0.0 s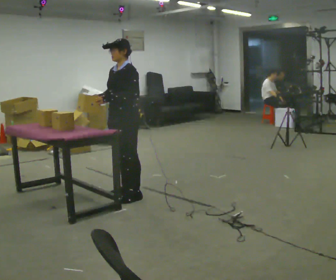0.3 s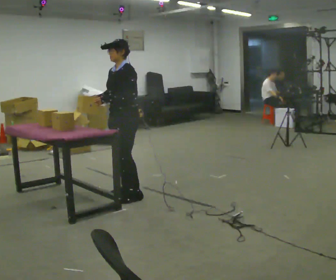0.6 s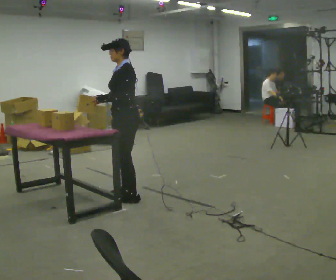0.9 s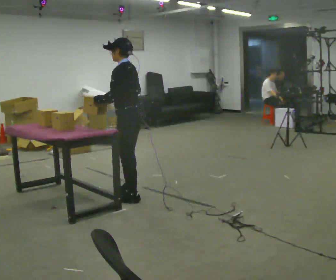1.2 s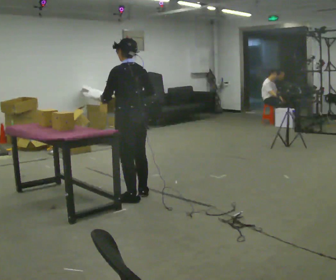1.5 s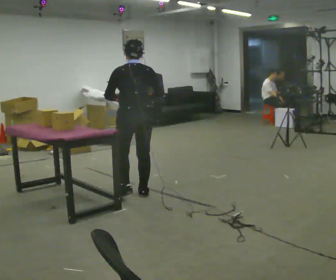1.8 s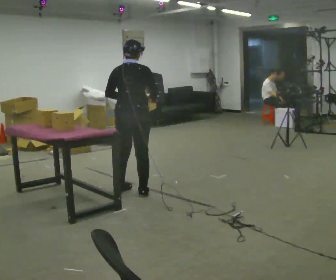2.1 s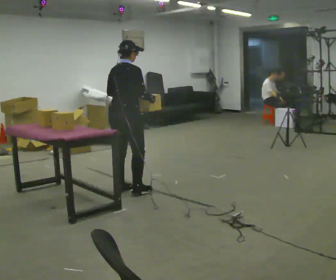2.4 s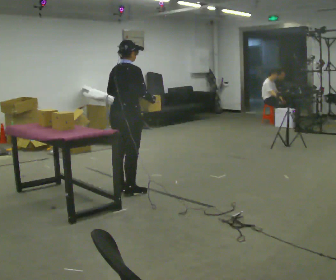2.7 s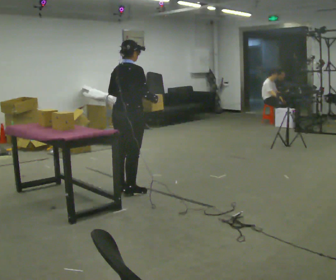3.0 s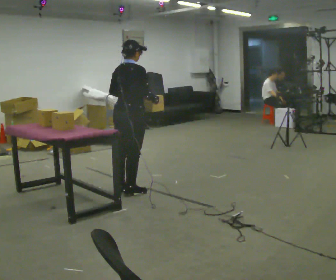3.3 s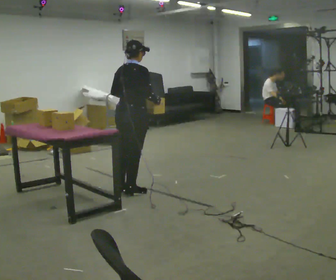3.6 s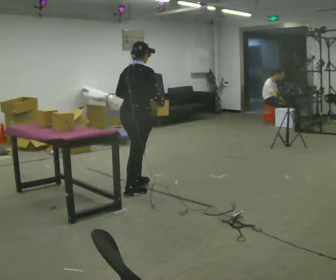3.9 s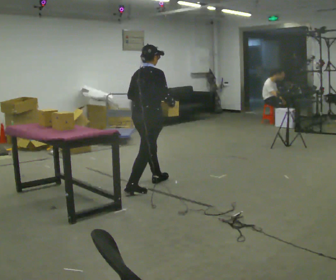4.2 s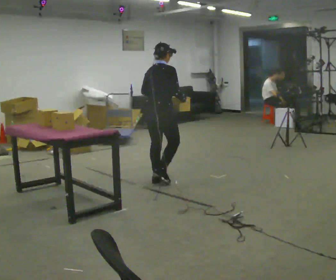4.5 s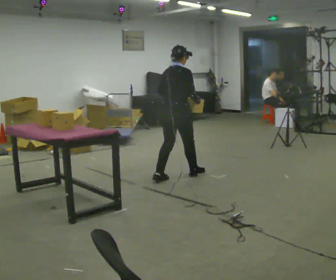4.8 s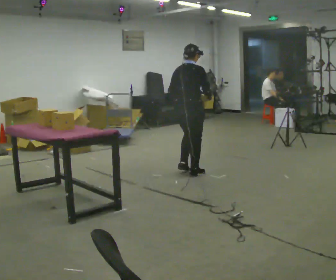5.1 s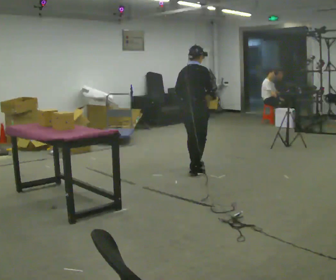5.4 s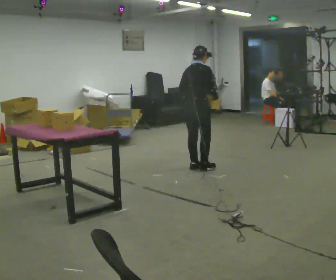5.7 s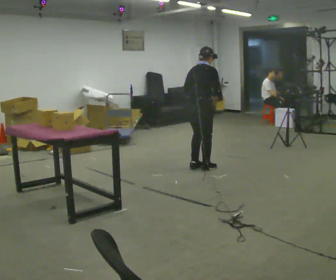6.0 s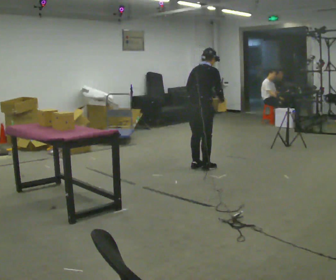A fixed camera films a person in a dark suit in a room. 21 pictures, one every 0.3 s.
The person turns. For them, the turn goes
to their right.
The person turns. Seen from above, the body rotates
clockwise.
0.0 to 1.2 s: The part of the body nearest the lens slides to the left as the person turns to their right by about 75 degrees. In the picture their right hand goes to the right.
1.2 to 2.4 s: Seen from above the body turns clockwise, about 90 degrees: to their right, with its near side sliding to the left. In the picture they go away from the camera, about 0.25 m in 2 steps.
2.4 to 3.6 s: The person moves a little, or ends about where they began.
3.6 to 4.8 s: In the picture they go to the right and away from the camera, about 1 m in 2 steps, which for them is forward.
4.8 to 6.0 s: In the picture they go away from the camera and to the right, about 0.25 m in 2 steps, which for them is forward.
The film runs forward here.
